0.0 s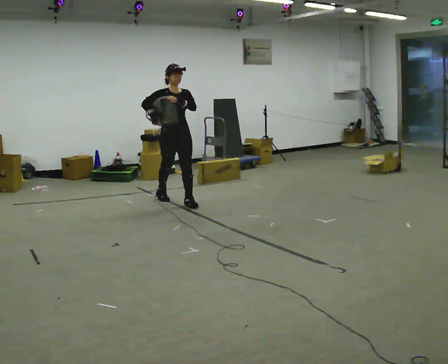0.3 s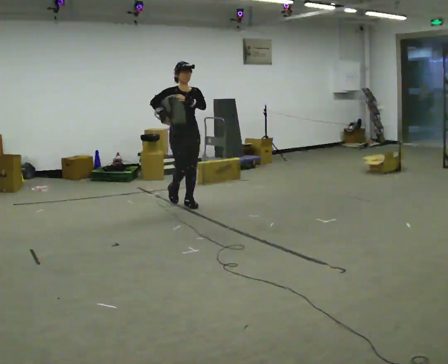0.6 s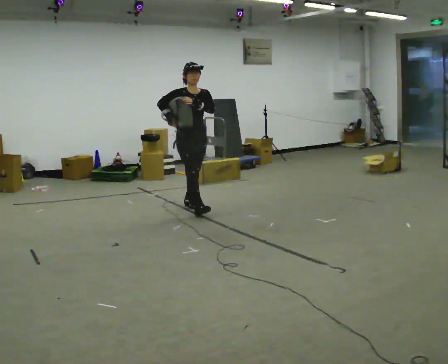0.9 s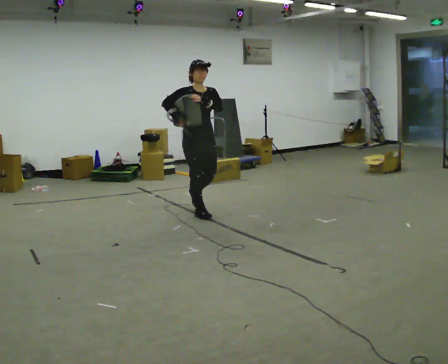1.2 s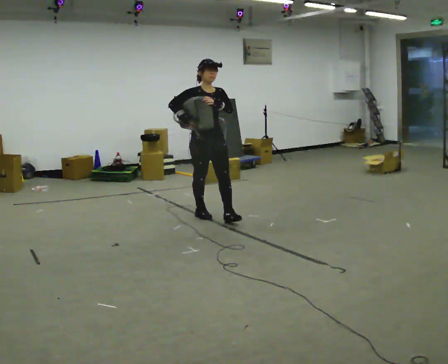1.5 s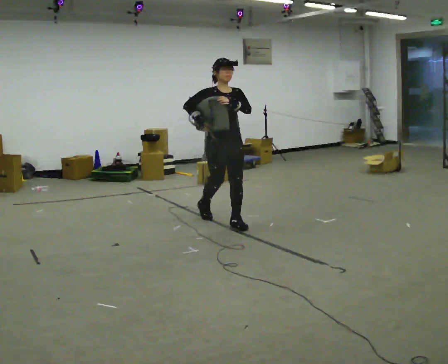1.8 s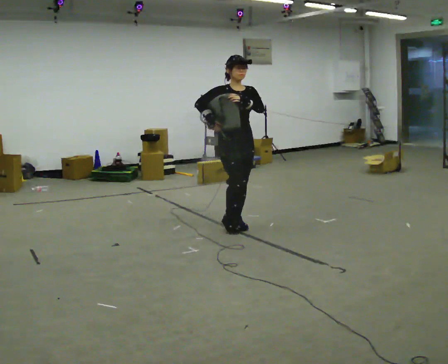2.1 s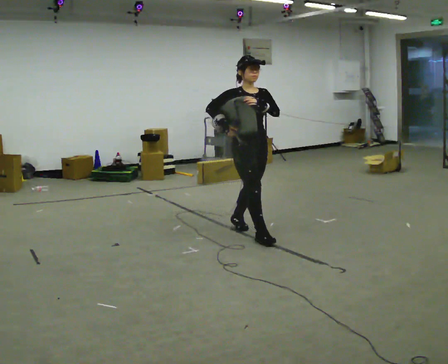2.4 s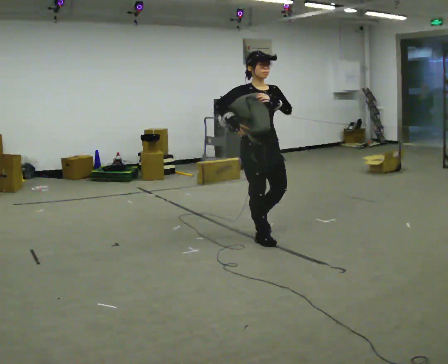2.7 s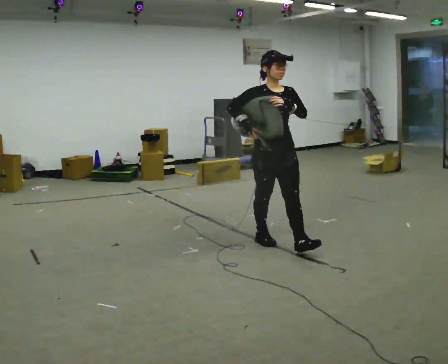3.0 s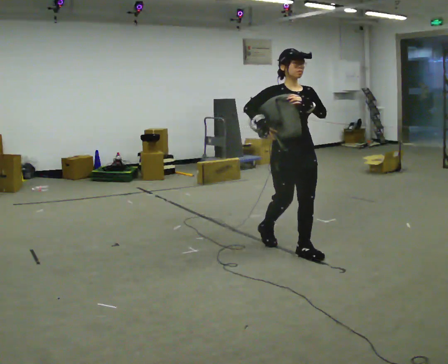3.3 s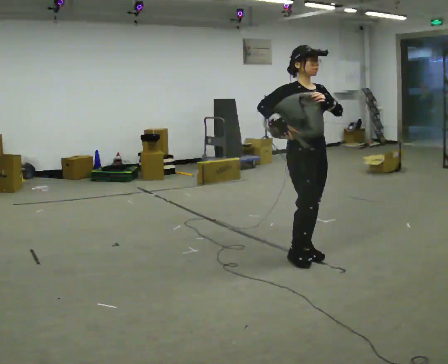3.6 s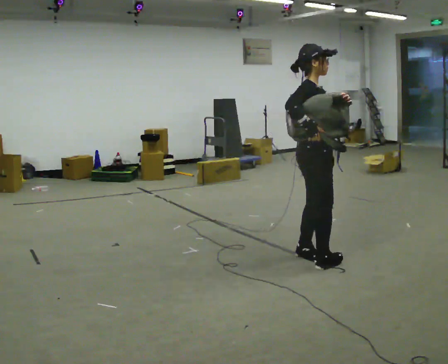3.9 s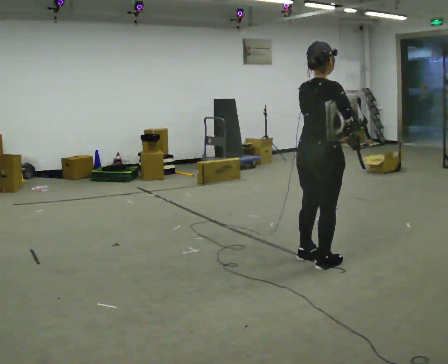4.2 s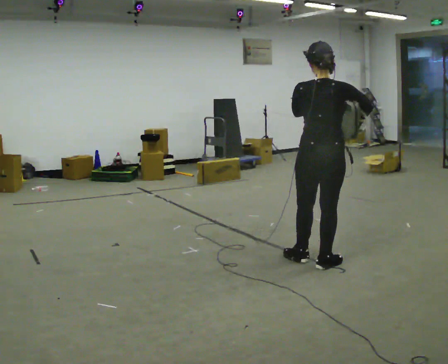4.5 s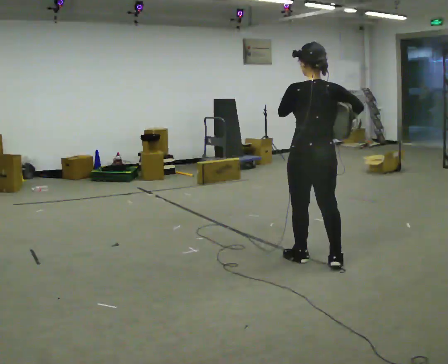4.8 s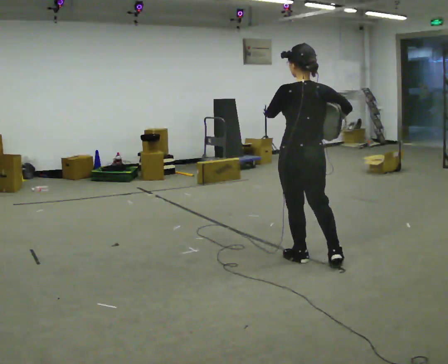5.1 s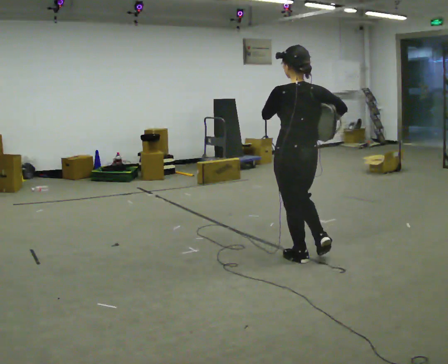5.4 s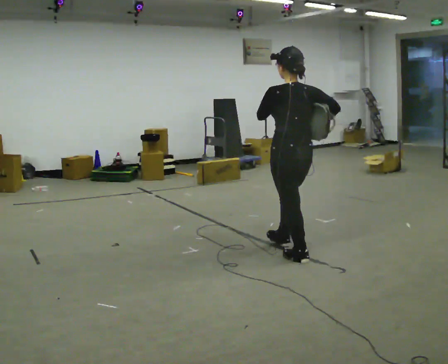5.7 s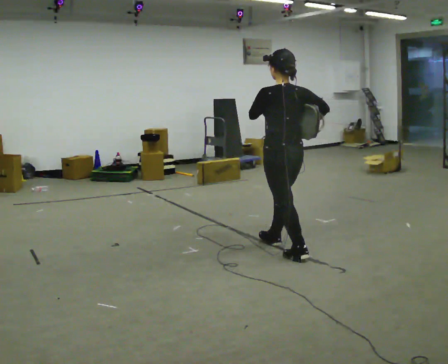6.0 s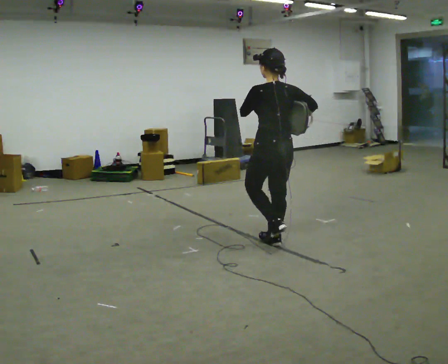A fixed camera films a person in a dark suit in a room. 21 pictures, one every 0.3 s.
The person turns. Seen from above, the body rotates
counterclockwise.
The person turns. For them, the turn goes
to their left.
0.0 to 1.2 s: In the picture they go toward the camera and to the right, about 1 m in 1 step, which for them is forward.
1.2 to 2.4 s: In the picture they go toward the camera and to the right, about 1 m in 2 steps, which for them is forward.
2.4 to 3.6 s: The person turns about 45 degrees to their left, counterclockwise seen from above, so the part of the body nearest the lens slides to the right. In the picture they go to the right and toward the camera, about 0.75 m in 2 steps, which for them is forward.
3.6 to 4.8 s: The part of the body nearest the lens slides to the right as the person turns to their left by about 120 degrees. In the picture their left hand goes to the left.
4.8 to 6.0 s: In the picture they go away from the camera and to the left, about 0.5 m in 1 step, which for them is forward.
The film runs forward here.
